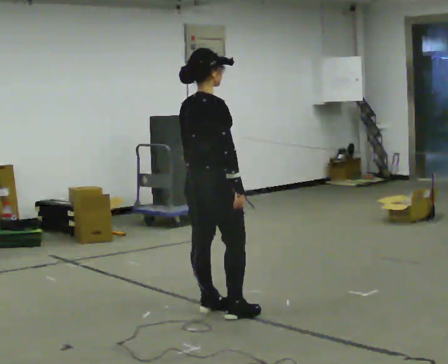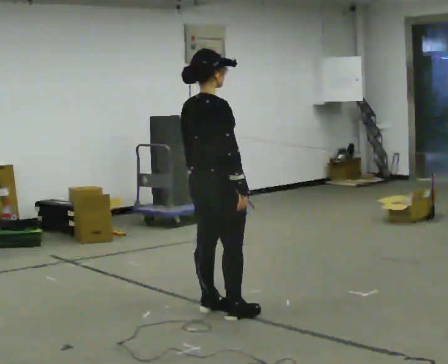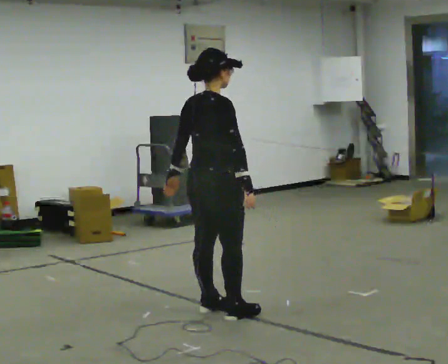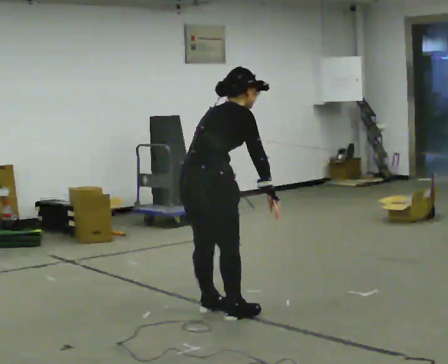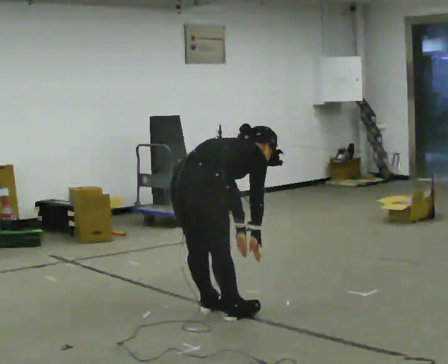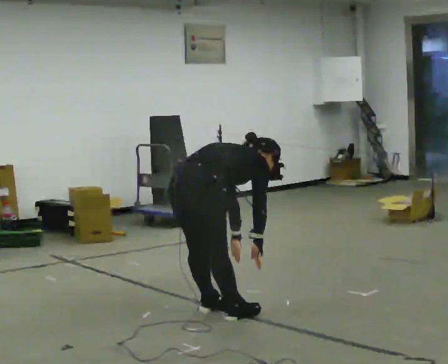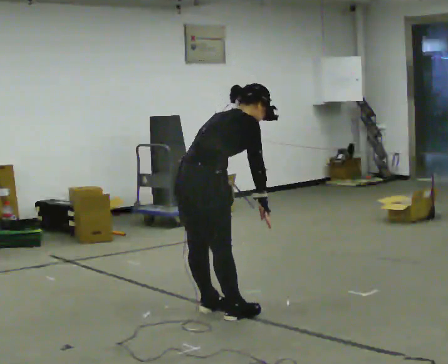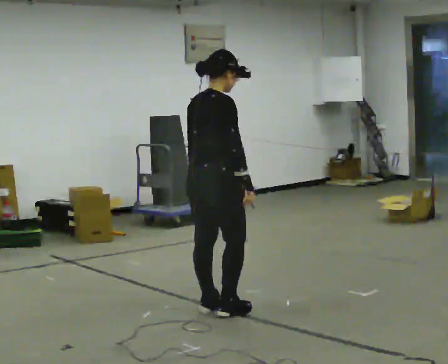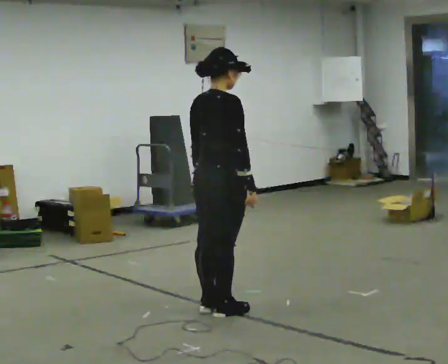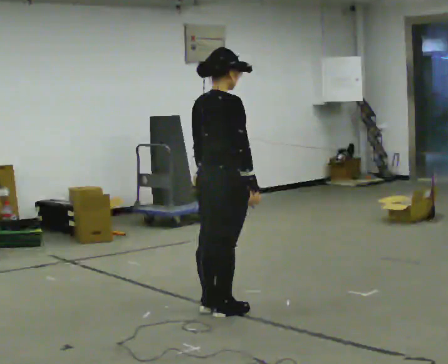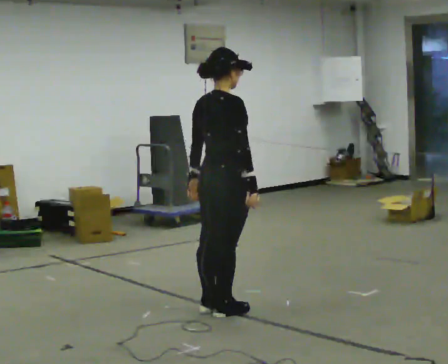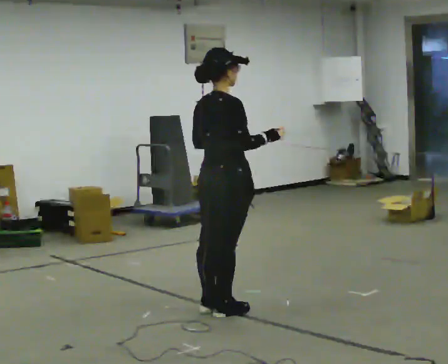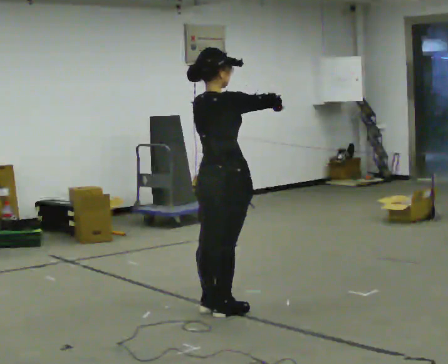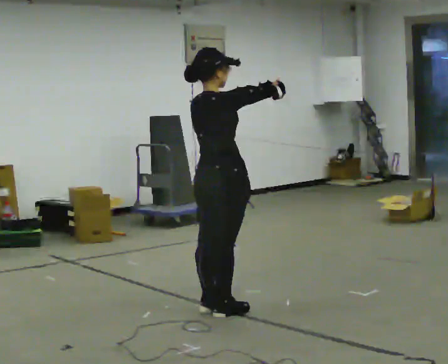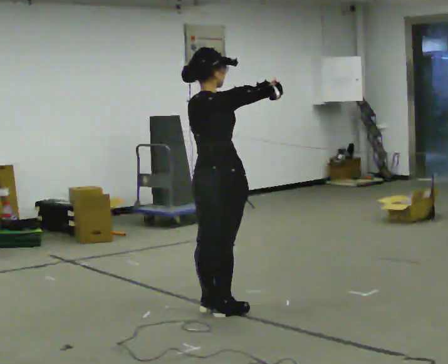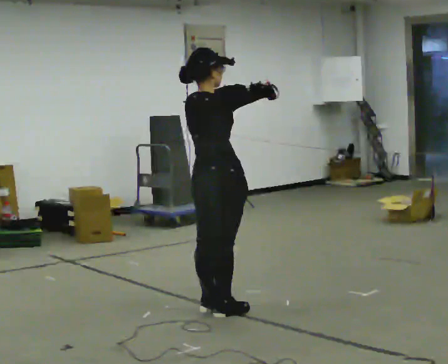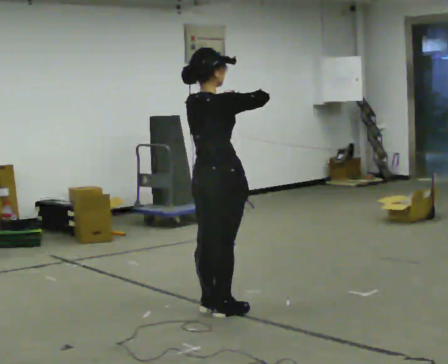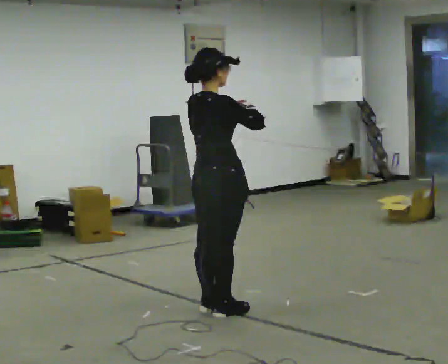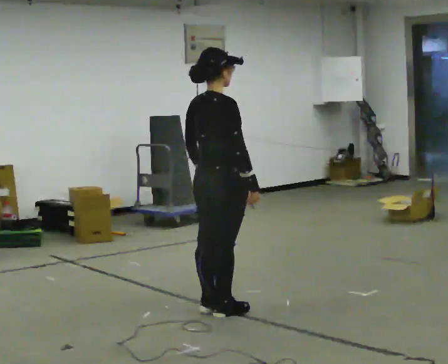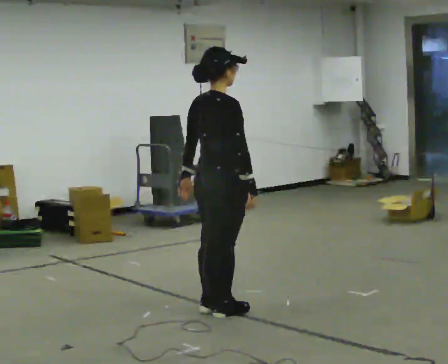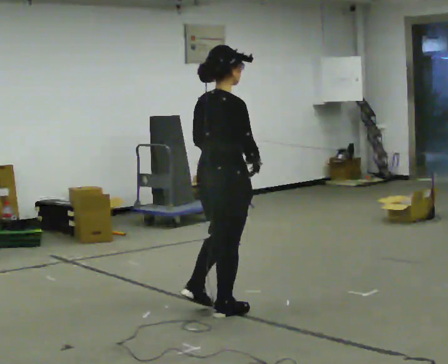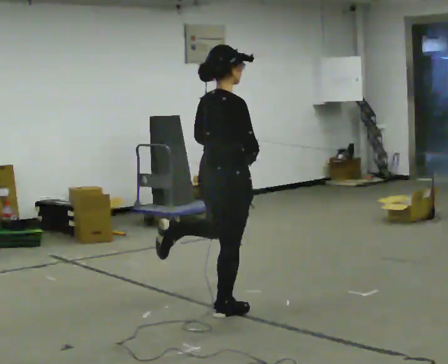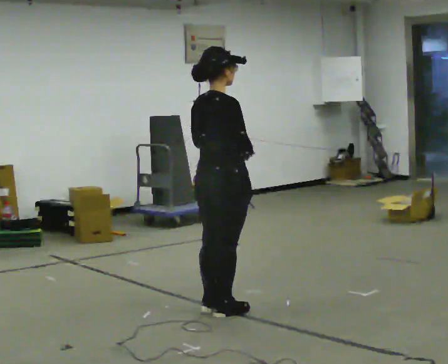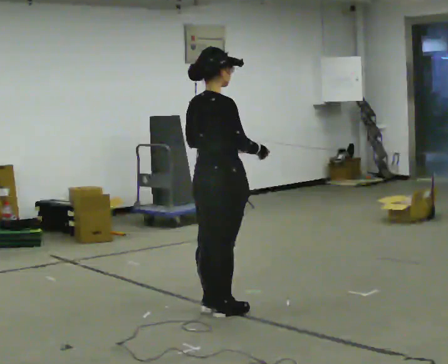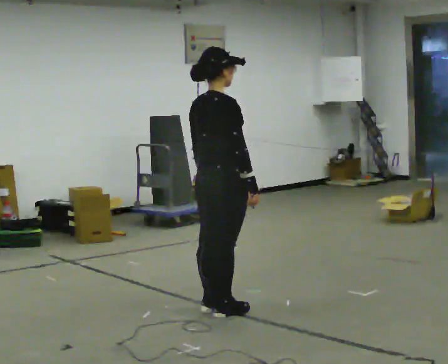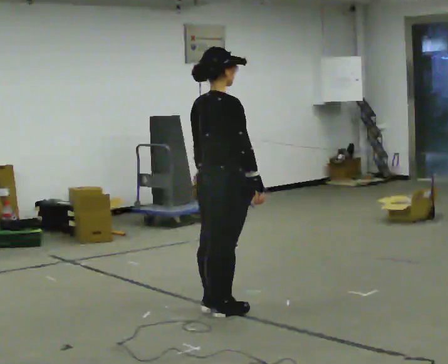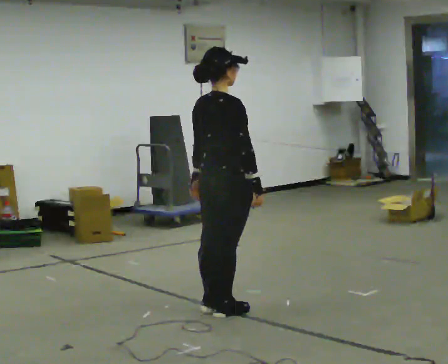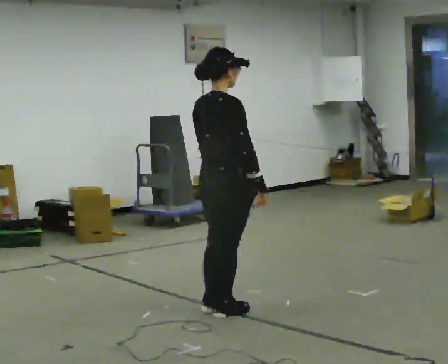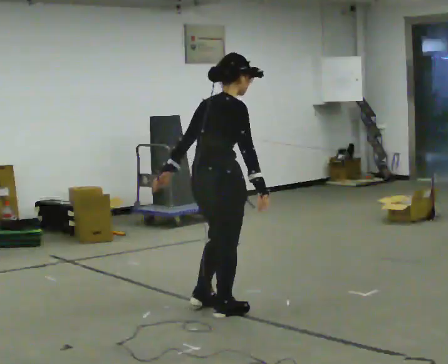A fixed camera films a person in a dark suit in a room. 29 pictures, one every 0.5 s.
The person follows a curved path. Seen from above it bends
counterclockwise.
0.0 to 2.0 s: In the picture they go toward the camera, about 0.25 m, which for them is backward and to their right. The shoulders move downward. In the picture the upper body tilts clockwise, shoulders to the right, as they bend forward. In the picture their left hand goes downward.
2.0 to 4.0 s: In the picture they go away from the camera, about 0.25 m, which for them is forward. The shoulders move upward. In the picture the upper body tilts counterclockwise, shoulders to the left, as they lean back or straighten. In the picture their left hand goes upward.
4.0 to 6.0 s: In the picture their left hand goes upward and to the right.
6.0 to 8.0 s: The person moves a little, or ends about where they began.
8.0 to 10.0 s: In the picture their left hand goes downward.
10.0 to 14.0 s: The person moves a little, or ends about where they began.
The film runs backward here.
